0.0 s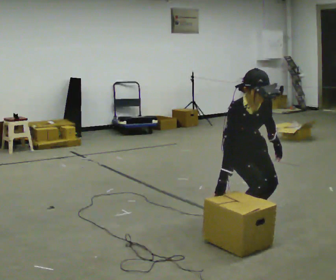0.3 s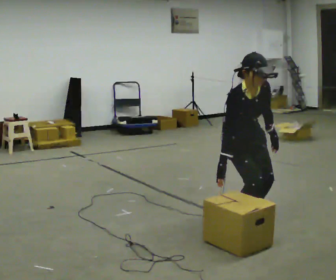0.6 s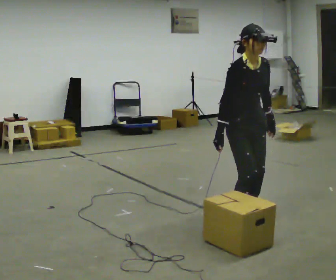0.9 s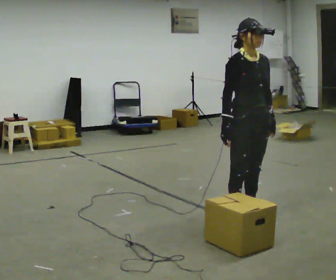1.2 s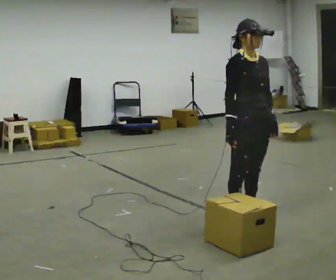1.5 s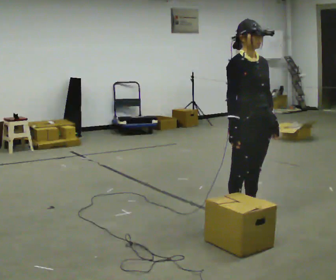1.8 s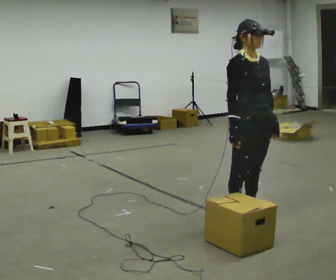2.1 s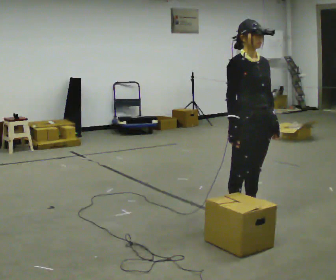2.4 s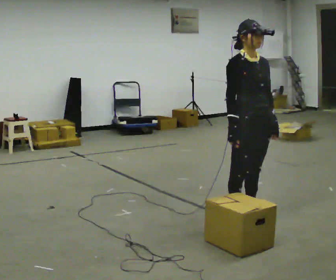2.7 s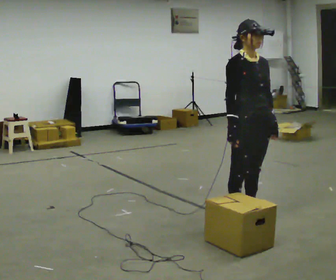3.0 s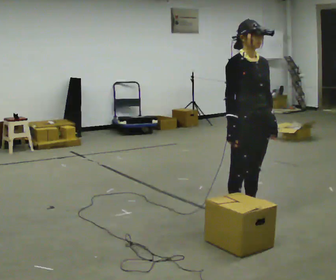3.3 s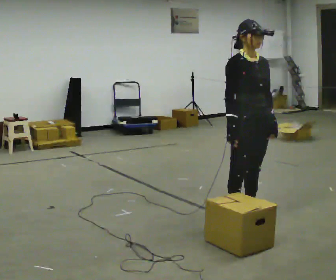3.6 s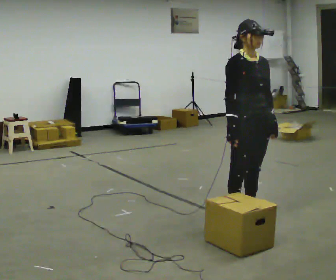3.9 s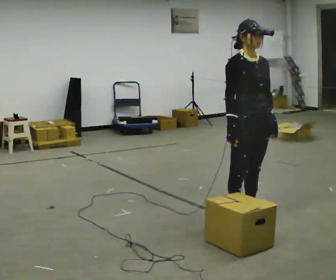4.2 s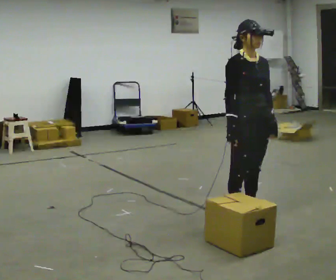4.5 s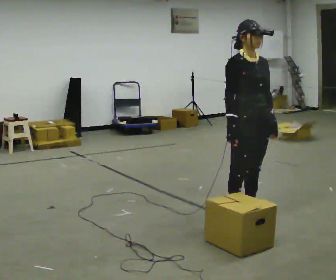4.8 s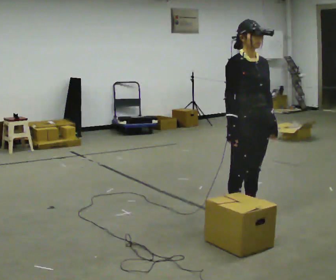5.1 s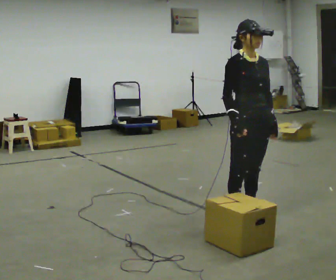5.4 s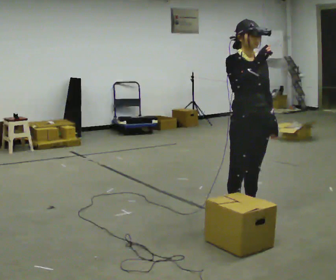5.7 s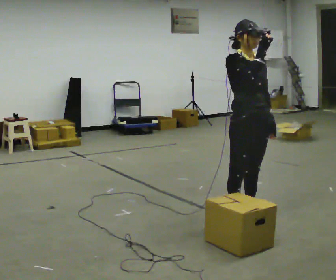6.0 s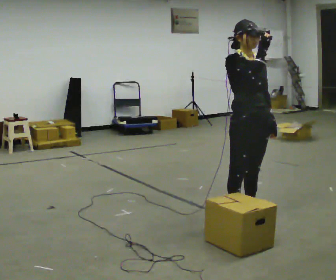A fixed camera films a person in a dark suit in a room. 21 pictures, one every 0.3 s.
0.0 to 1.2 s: The shoulders move upward. The upper body tips away from the camera, its near side rolling upward, as they lean back or straighten.
1.2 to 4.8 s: The person moves a little, or ends about where they began.
4.8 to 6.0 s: In the picture their right hand goes upward.
The film runs forward here.
